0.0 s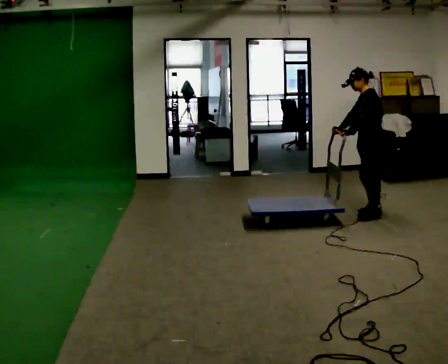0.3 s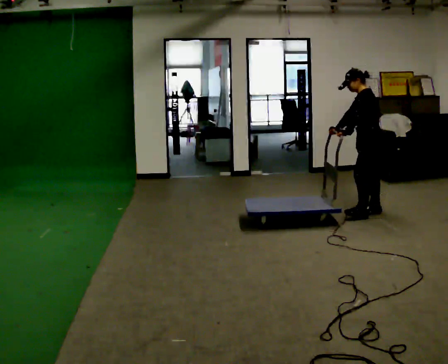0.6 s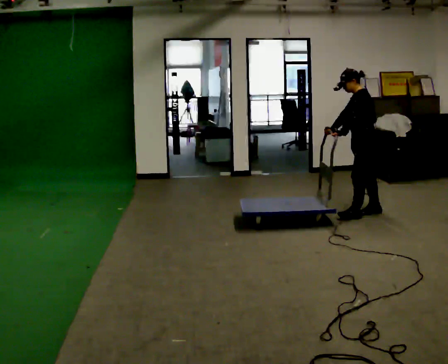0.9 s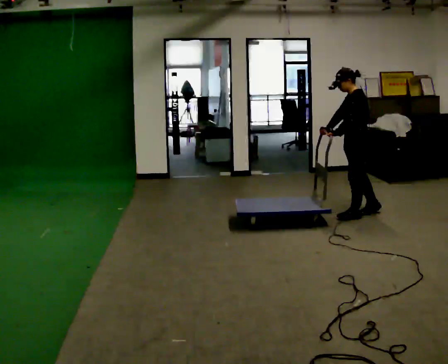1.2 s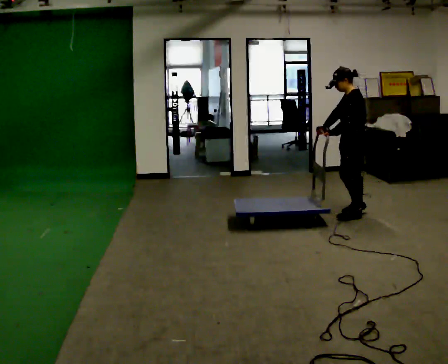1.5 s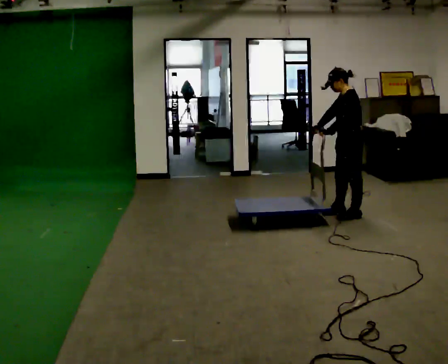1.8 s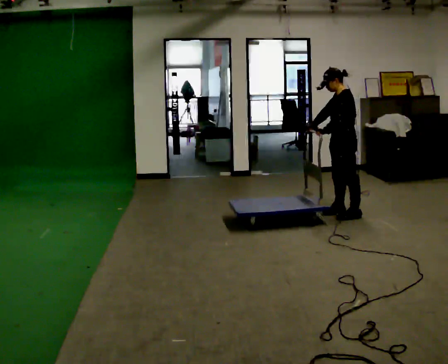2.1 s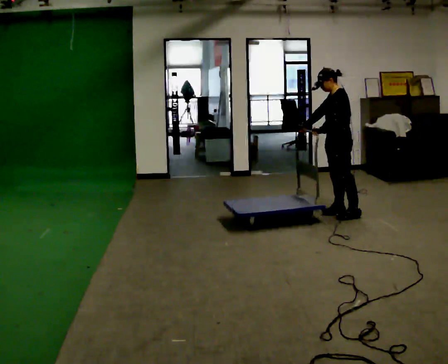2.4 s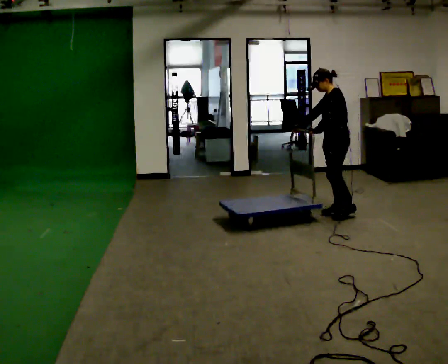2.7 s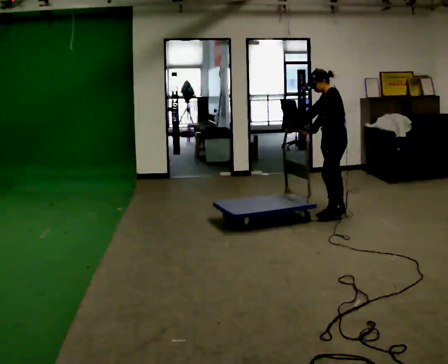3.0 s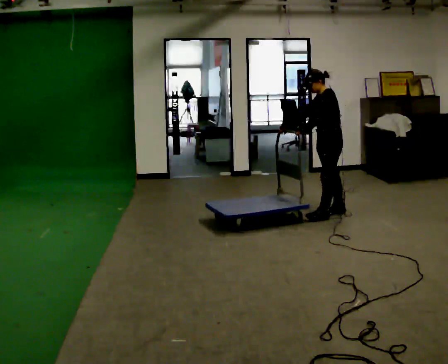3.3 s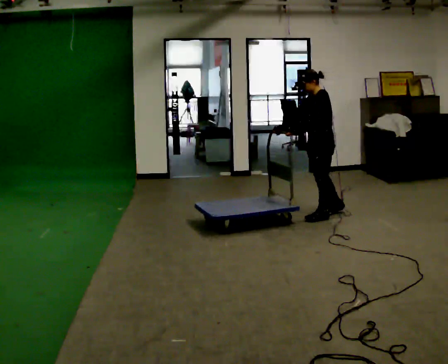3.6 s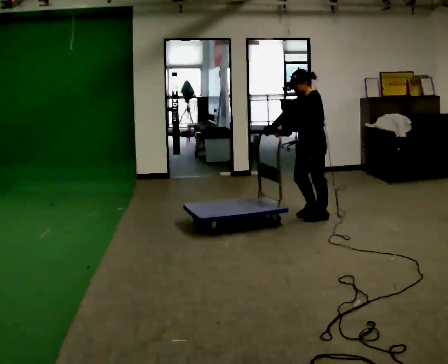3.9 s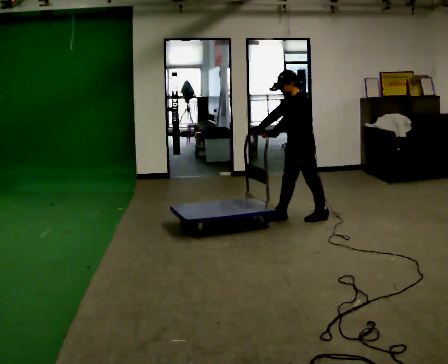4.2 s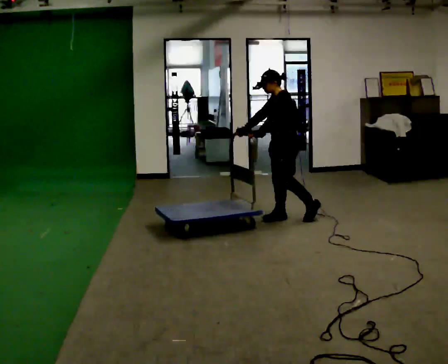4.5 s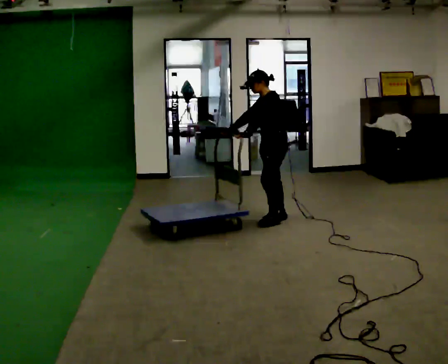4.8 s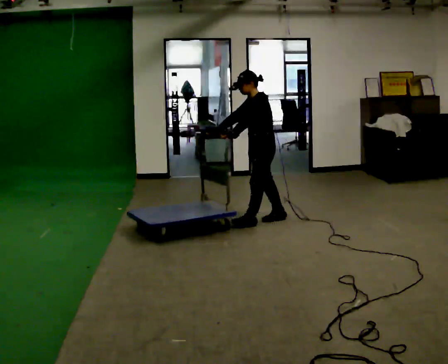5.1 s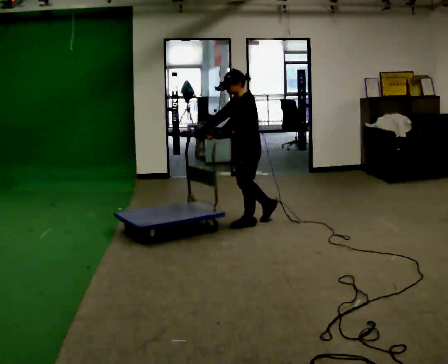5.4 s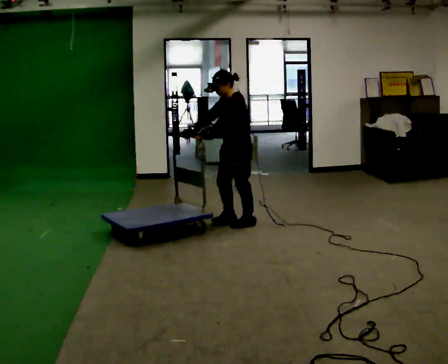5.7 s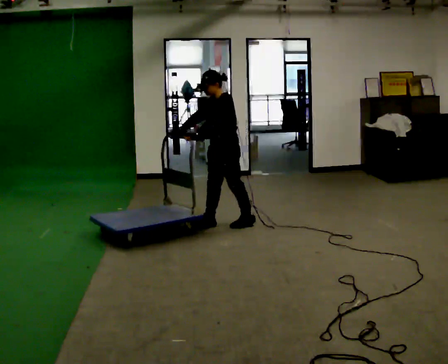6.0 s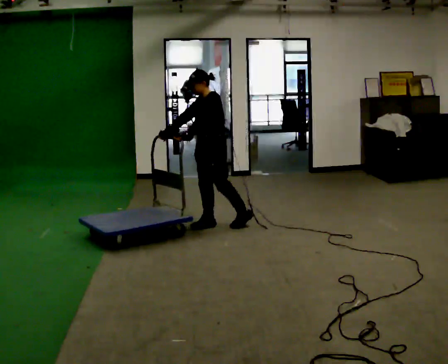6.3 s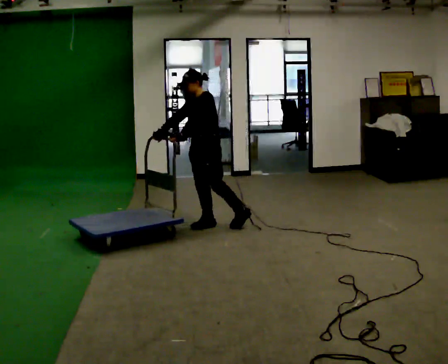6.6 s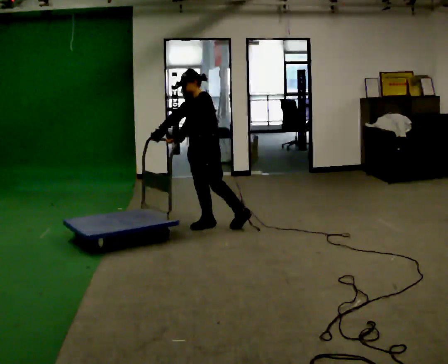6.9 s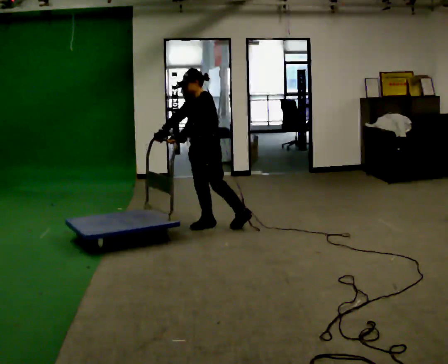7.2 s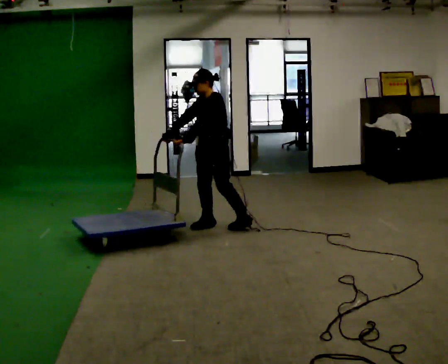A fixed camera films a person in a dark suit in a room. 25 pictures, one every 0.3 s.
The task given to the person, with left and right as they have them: Get the cart into the marked parking space and lined up with the tape. Take as many adjustments as you need. Then take it out again and repeat.
0.0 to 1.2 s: In the picture they go to the left, about 0.25 m in 1 step, which for them is forward.
1.2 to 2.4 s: In the picture they go to the left, about 0.25 m in 1 step, which for them is to their right.
2.4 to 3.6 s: In the picture they go to the left and toward the camera, about 0.25 m in 1 step, which for them is forward.
3.6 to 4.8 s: In the picture they go to the left, about 0.5 m in 2 steps, which for them is forward.
4.8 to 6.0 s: In the picture they go to the left and toward the camera, about 0.5 m in 1 step, which for them is forward.
6.0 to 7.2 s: The person moves a little, or ends about where they began.
The film runs forward here.
